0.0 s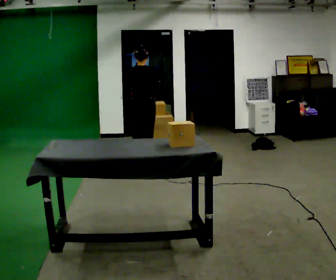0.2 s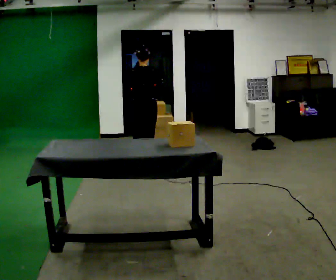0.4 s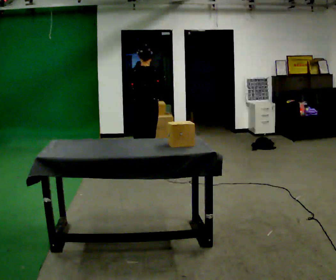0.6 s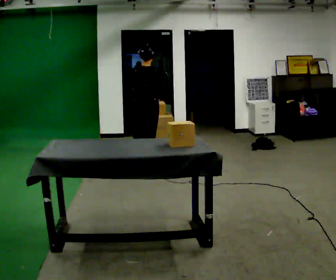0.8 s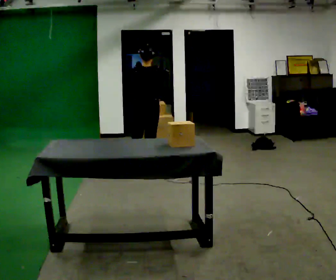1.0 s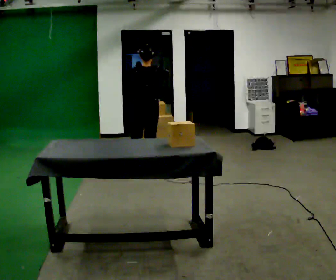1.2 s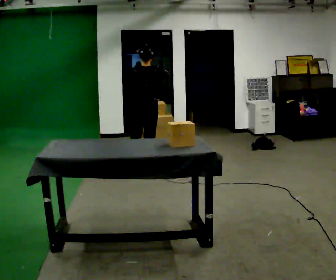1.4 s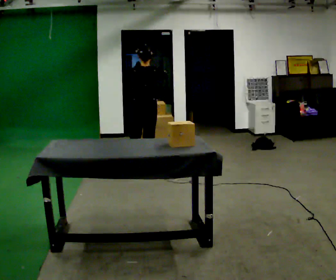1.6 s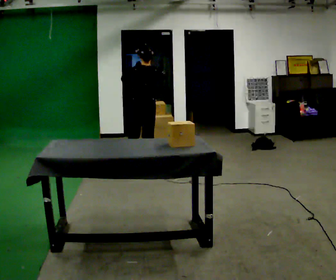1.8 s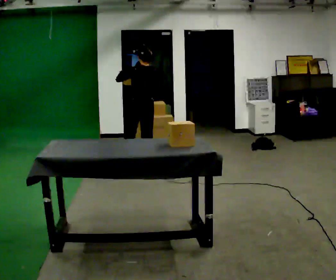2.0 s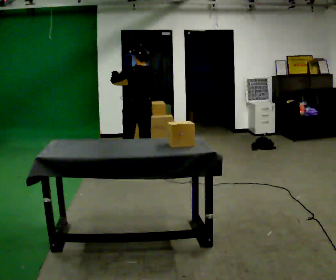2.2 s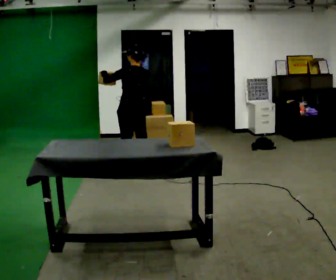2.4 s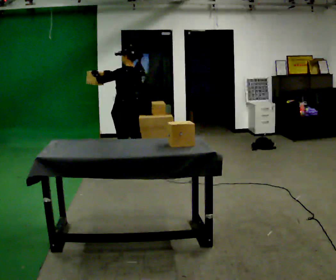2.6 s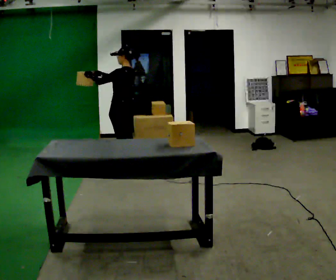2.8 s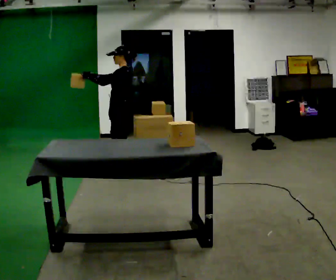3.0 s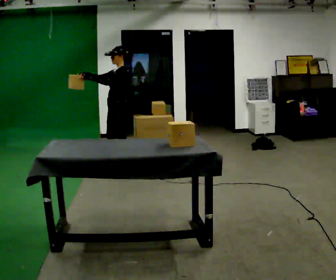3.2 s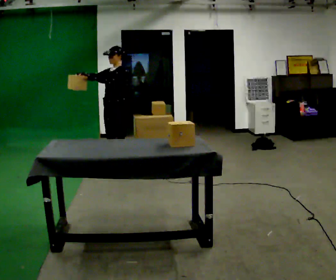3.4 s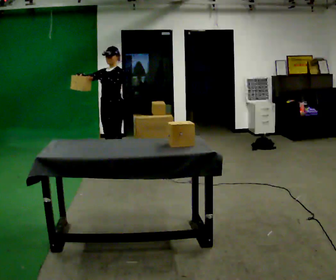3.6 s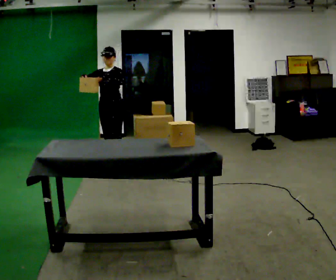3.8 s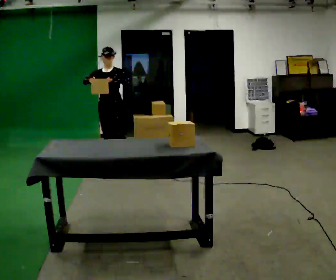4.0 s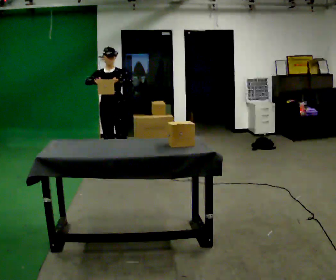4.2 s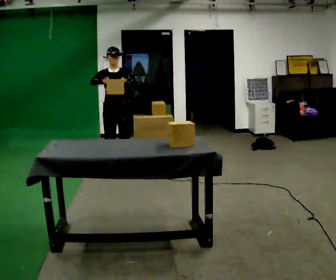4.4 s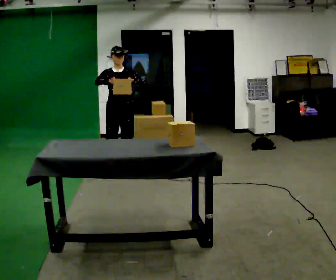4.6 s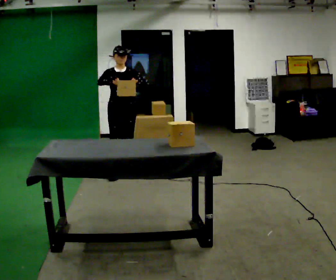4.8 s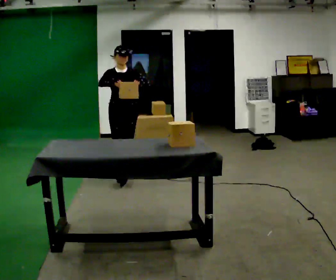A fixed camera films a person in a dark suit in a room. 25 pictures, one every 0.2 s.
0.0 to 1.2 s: The person moves a little, or ends about where they began.
1.2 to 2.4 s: The part of the body nearest the lens slides to the right as the person turns to their left by about 45 degrees. In the picture they go to the left, about 0.25 m, which for them is to their left. In the picture their left hand goes to the left.
2.4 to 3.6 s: The person turns about 105 degrees to their left, counterclockwise seen from above, so the part of the body nearest the lens slides to the right. In the picture they go to the left and away from the camera, about 0.25 m in 1 step.
3.6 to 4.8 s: Seen from above the body turns counterclockwise, about 30 degrees: to their left, with its near side sliding to the right. In the picture they go toward the camera, about 0.5 m in 1 step, which for them is forward.
The film runs forward here.
